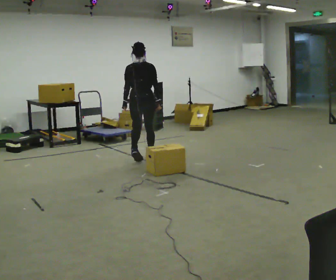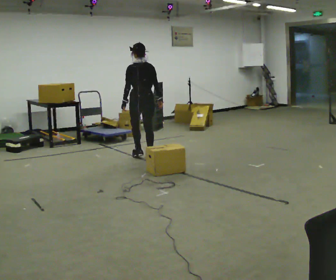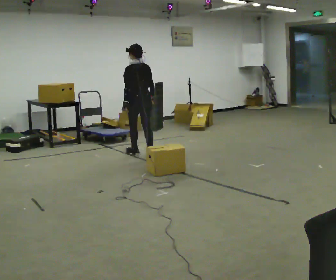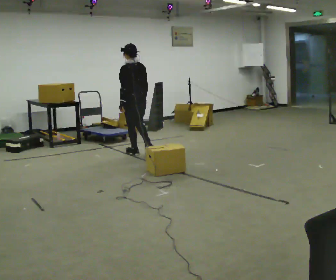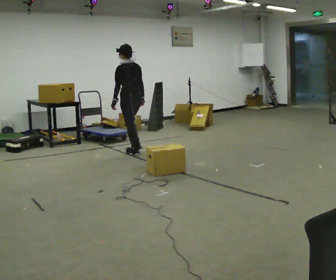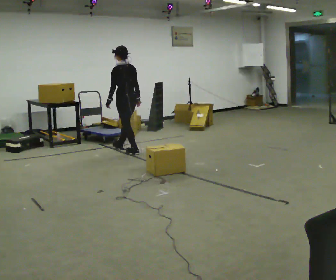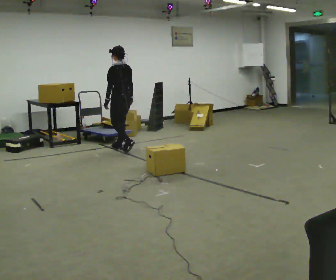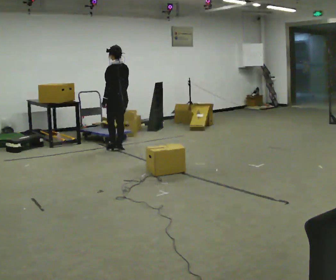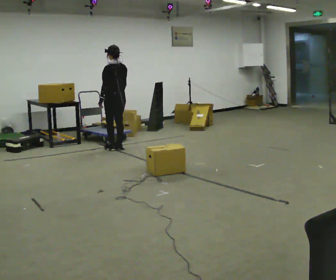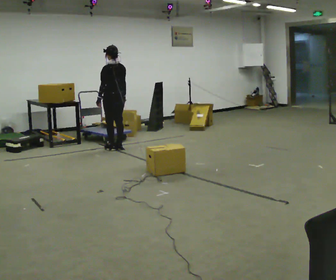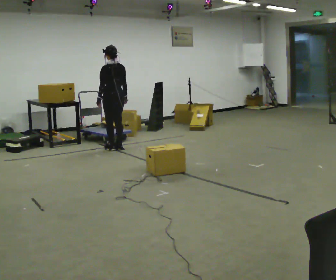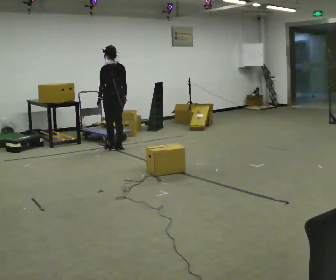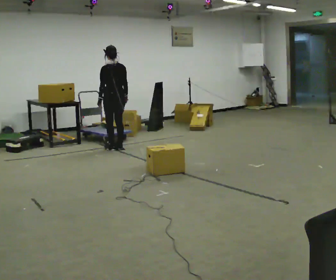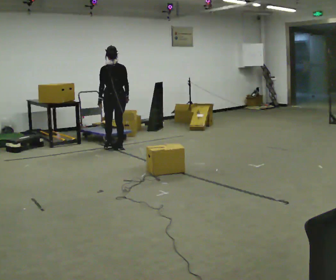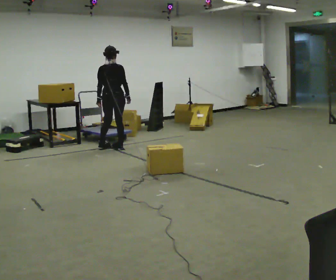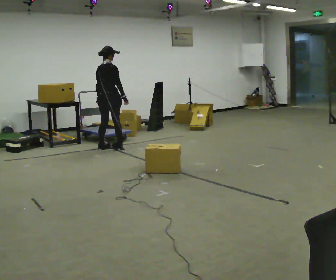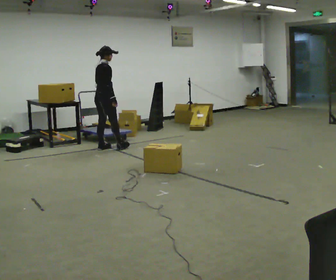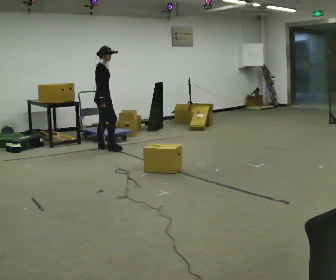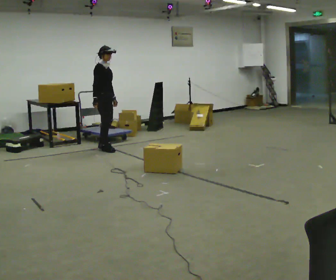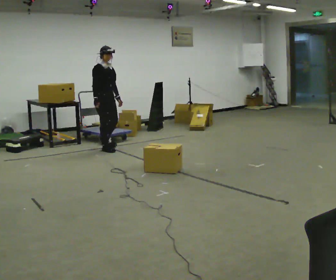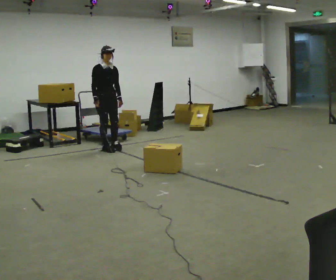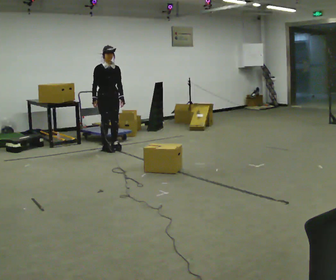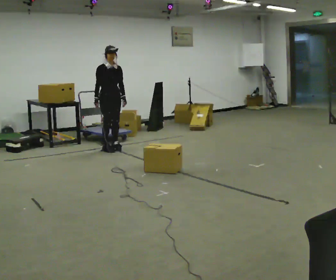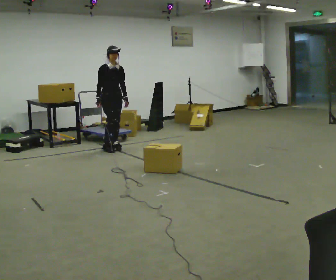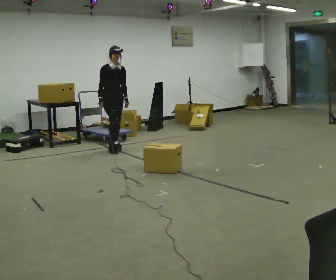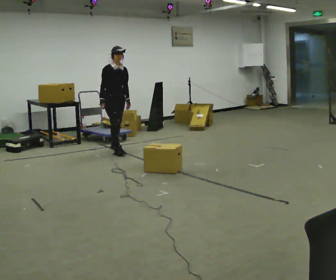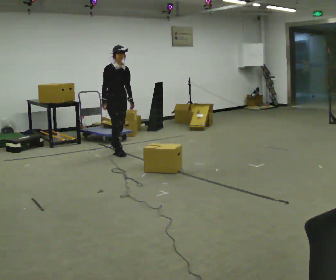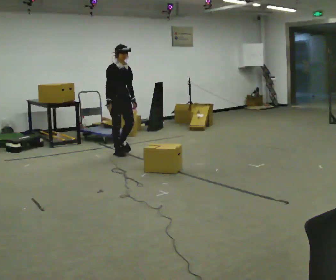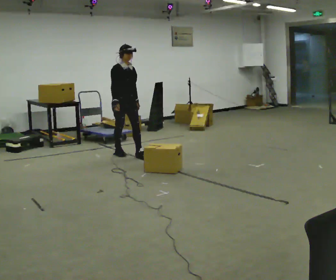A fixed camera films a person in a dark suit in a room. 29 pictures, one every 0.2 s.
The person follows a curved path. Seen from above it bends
counterclockwise.
0.0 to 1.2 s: The person turns about 45 degrees to their left, counterclockwise seen from above, so the part of the body nearest the lens slides to the right. In the picture they go away from the camera and to the left, about 0.5 m in 2 steps, which for them is forward.
1.2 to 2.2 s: The person moves a little, or ends about where they began.
2.2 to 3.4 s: The person turns about 120 degrees to their right, clockwise seen from above, so the part of the body nearest the lens slides to the left. In the picture they go to the left, about 0.25 m in 1 step. In the picture their right hand goes to the left.
3.4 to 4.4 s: The part of the body nearest the lens slides to the left as the person turns to their right by about 60 degrees.
4.4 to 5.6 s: In the picture they go toward the camera and to the right, about 0.5 m in 1 step, which for them is forward.
The film runs forward here.
